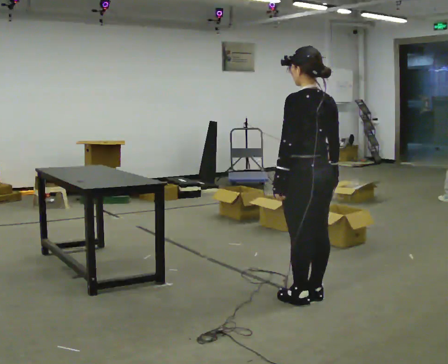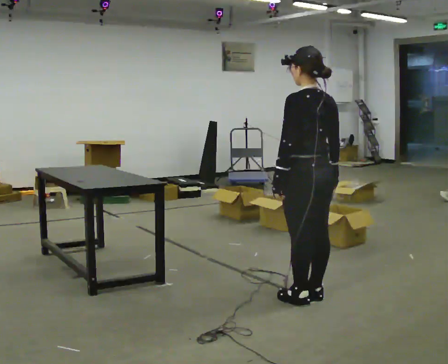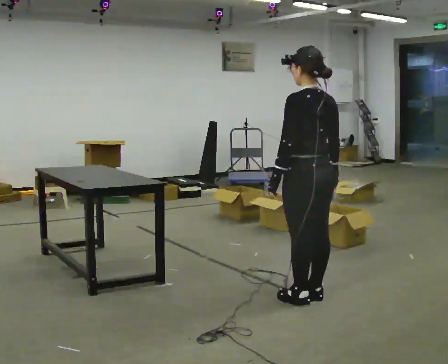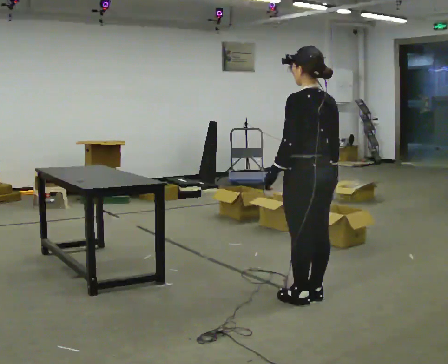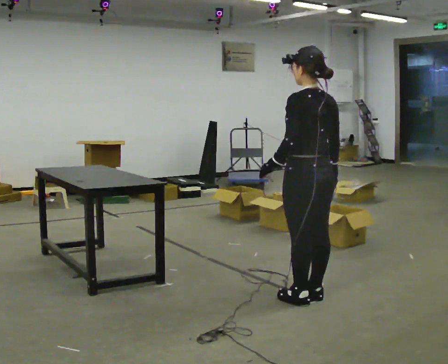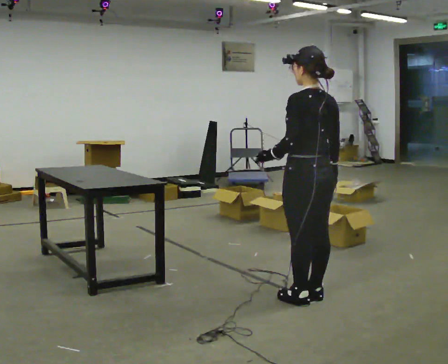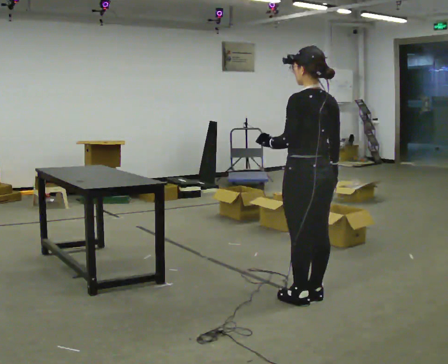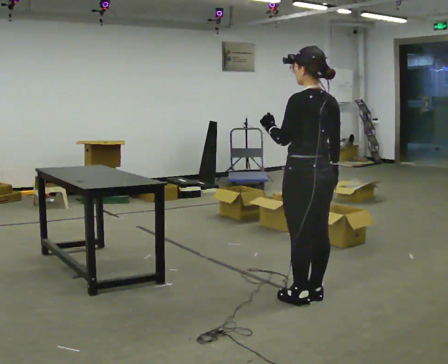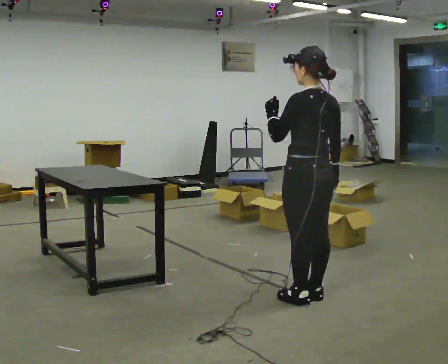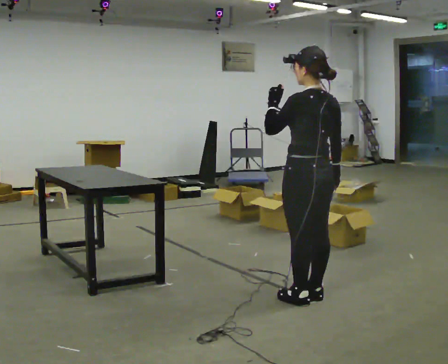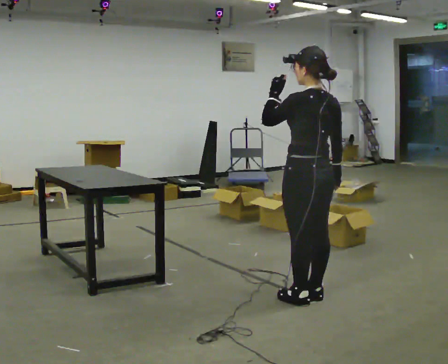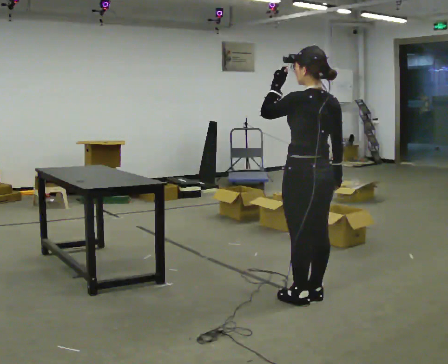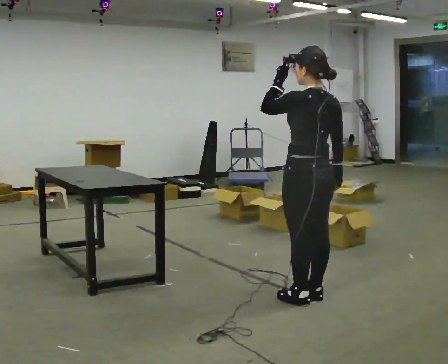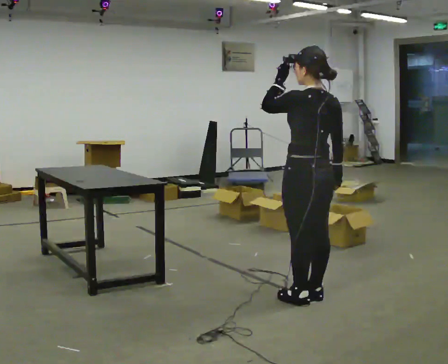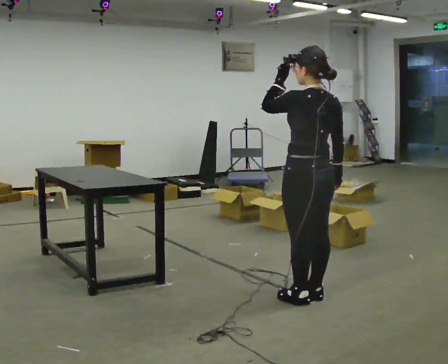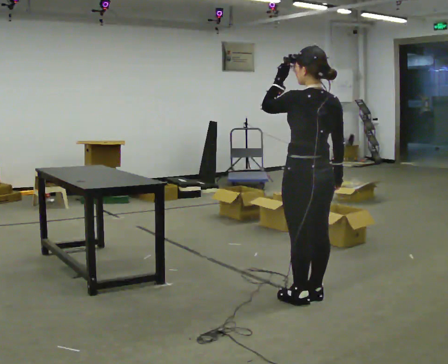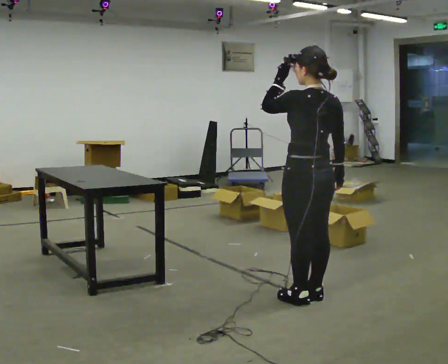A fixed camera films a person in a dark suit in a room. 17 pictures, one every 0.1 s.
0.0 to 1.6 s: In the picture their left hand goes upward.
The film runs backward here.
